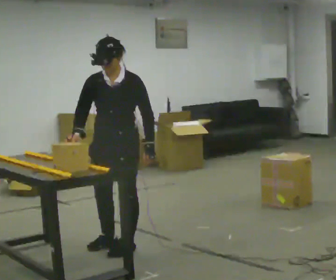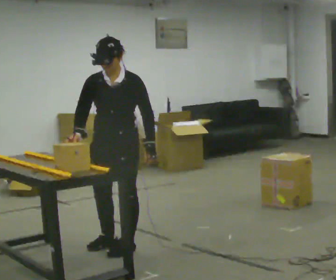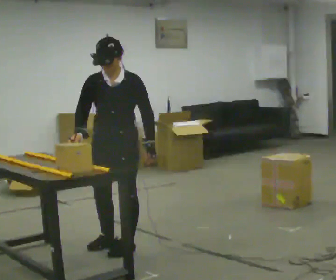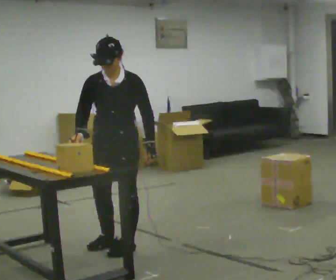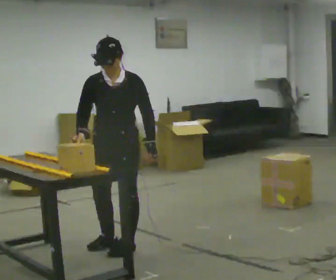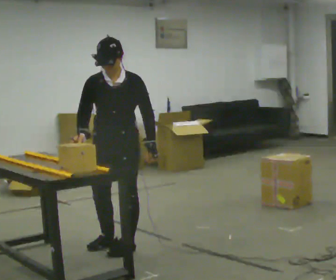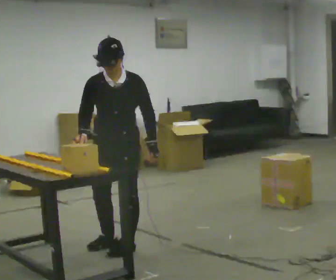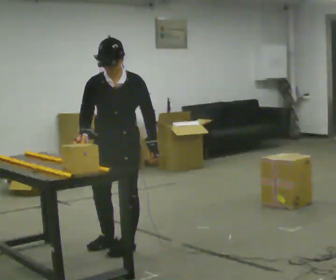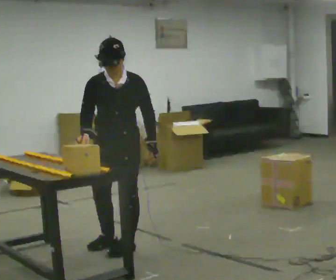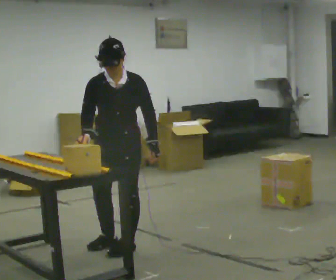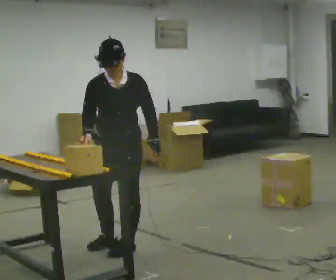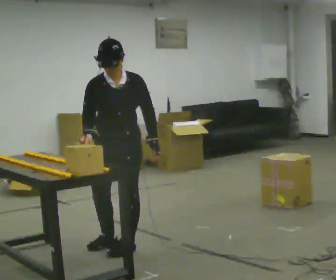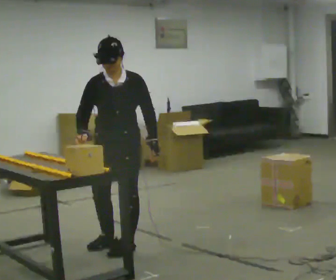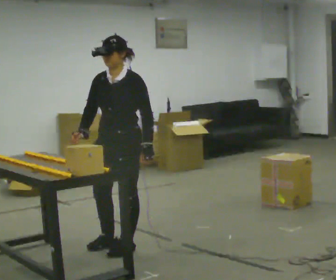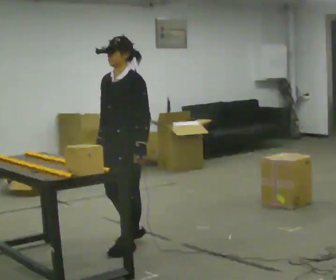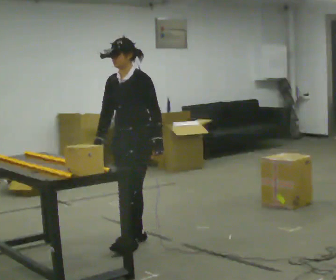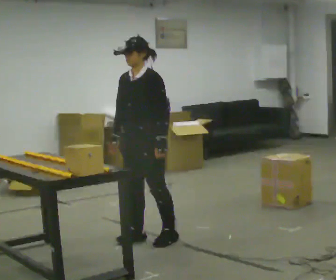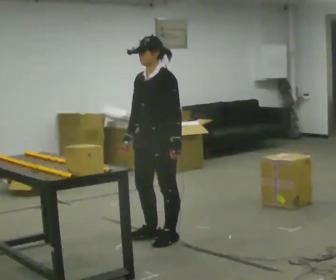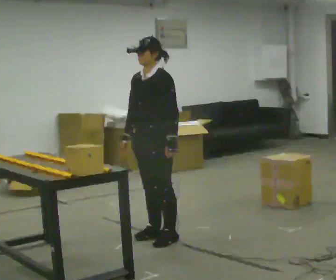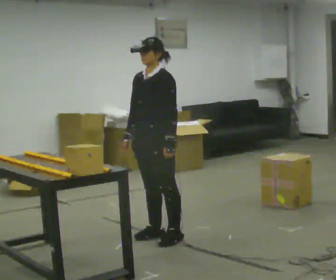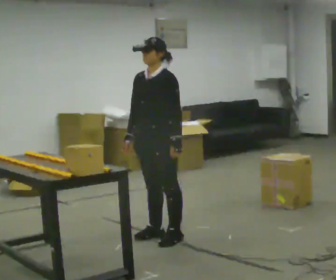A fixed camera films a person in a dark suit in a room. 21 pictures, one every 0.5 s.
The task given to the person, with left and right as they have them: Carry the object across the room and slide it into the slot on the shelf. It is a close fit, so take the time you need. Keep going until the operator says stop; one object at a time, and do not rush between trips.
0.0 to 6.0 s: The person moves a little, or ends about where they began.
6.0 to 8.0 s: Seen from above the body turns clockwise, about 30 degrees: to their right, with its near side sliding to the left. In the picture they go to the right and away from the camera, about 0.25 m in 2 steps, which for them is backward.
8.0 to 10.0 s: The person moves a little, or ends about where they began.
The film runs forward here.
